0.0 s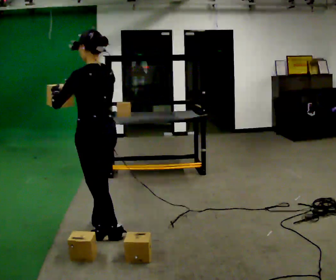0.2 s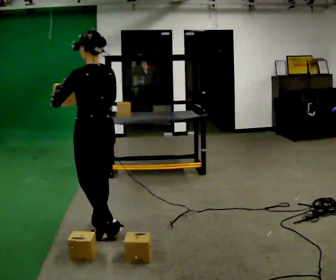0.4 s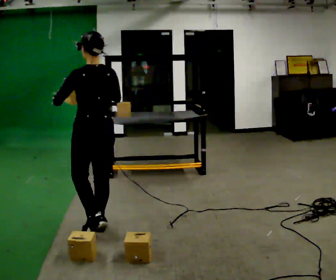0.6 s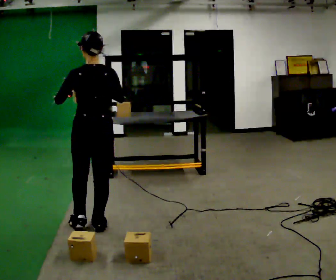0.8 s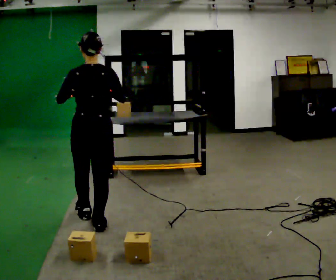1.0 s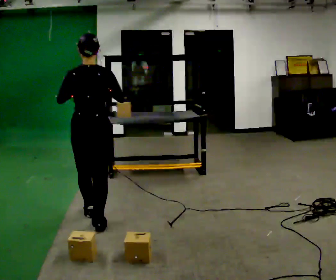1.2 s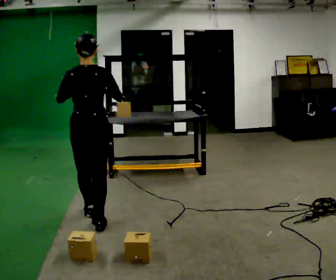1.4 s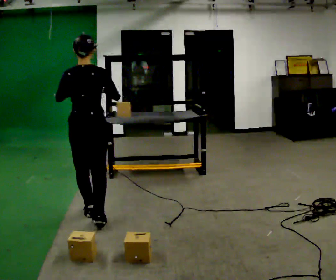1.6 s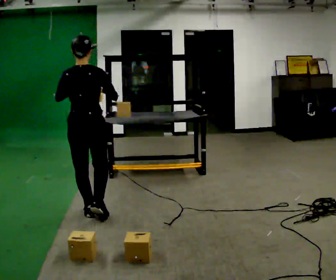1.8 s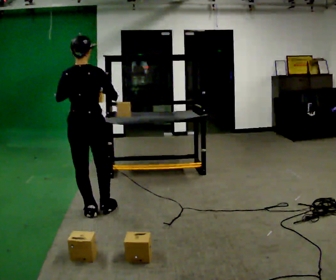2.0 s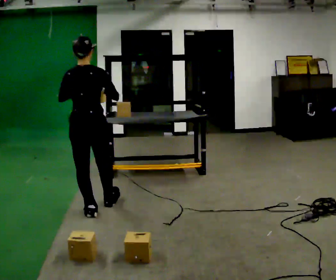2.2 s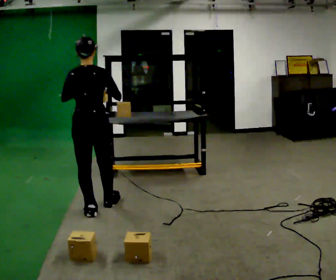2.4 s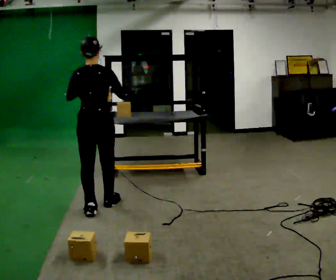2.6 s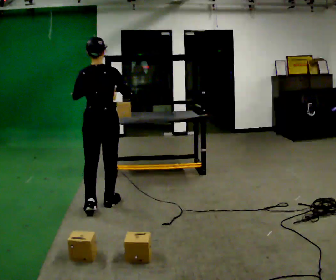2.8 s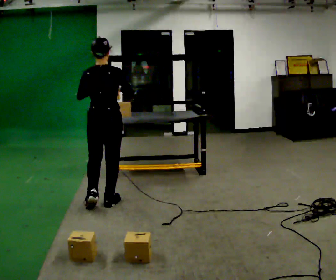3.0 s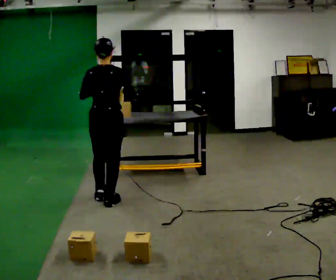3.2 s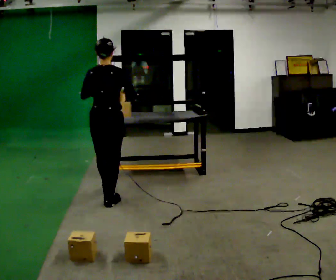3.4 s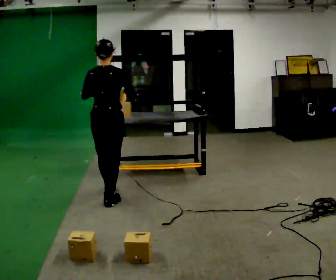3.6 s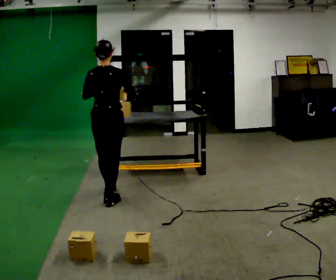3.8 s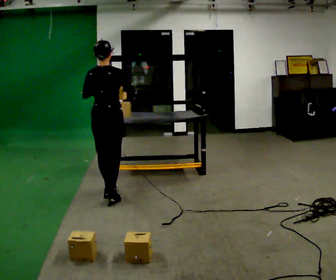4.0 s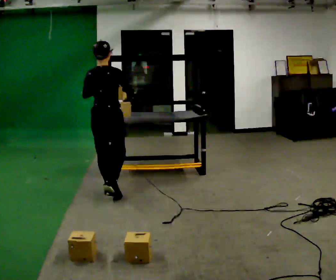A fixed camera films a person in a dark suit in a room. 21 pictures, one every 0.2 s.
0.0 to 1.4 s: Seen from above the body turns clockwise, about 45 degrees: to their right, with its near side sliding to the left. In the picture they go away from the camera, about 0.25 m in 1 step, which for them is forward.
1.4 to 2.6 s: In the picture they go away from the camera, about 0.25 m in 1 step, which for them is forward.
2.6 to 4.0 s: In the picture they go away from the camera, about 0.25 m in 1 step, which for them is forward.
The film runs forward here.
